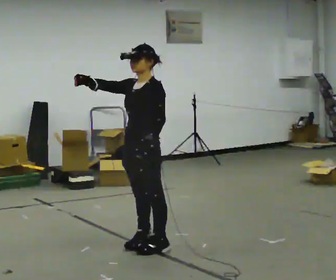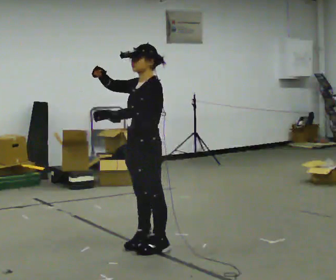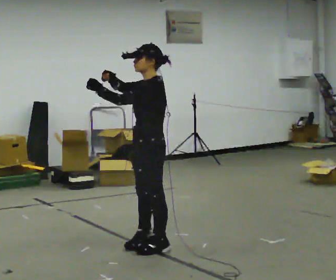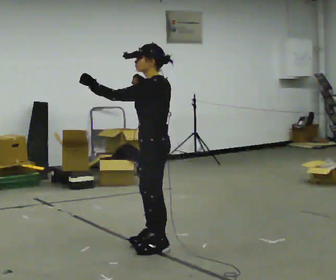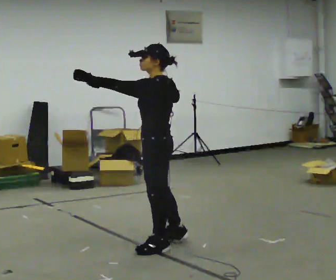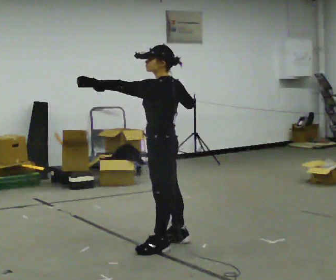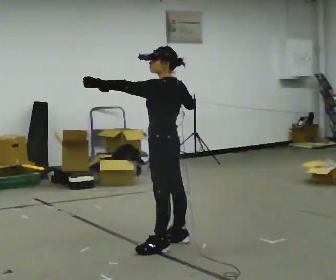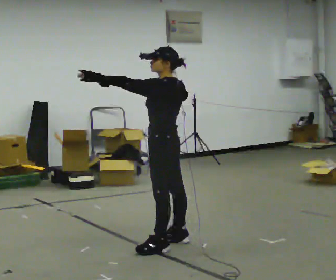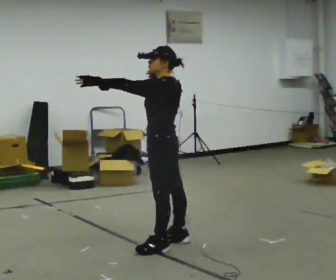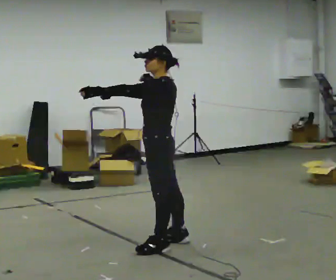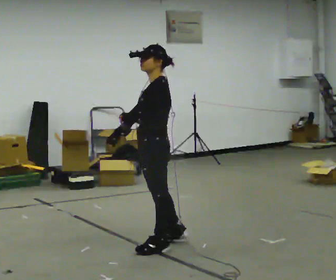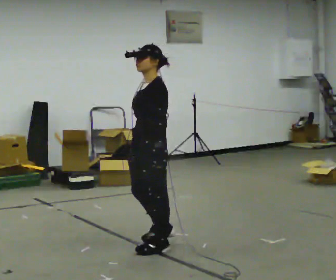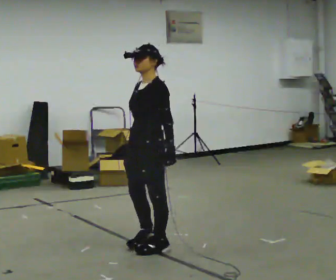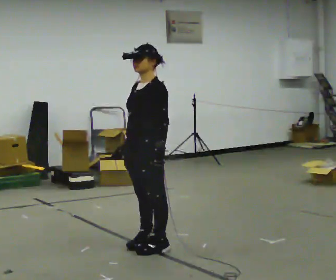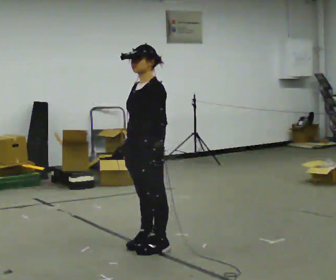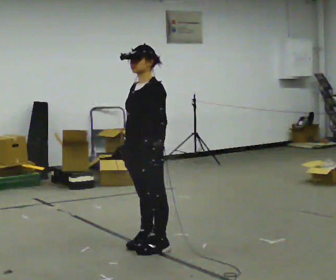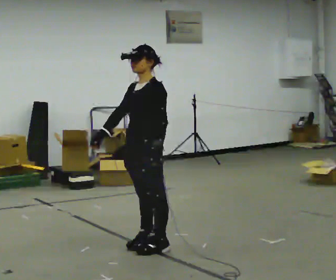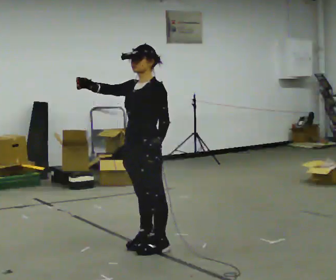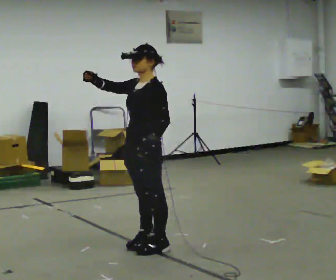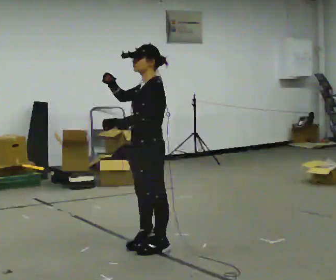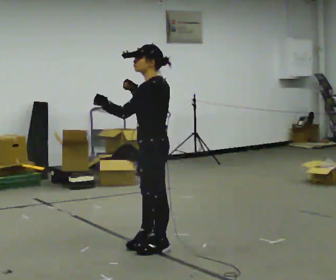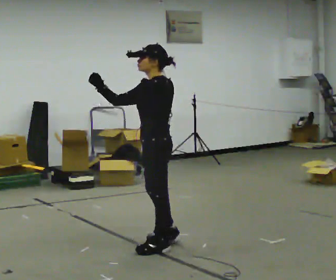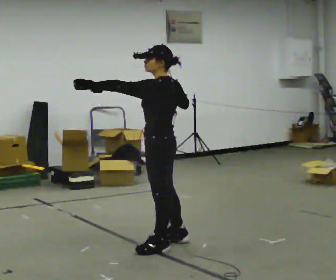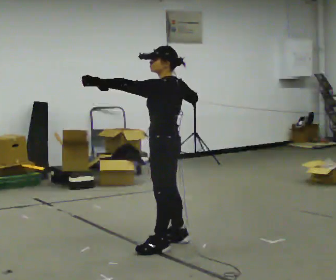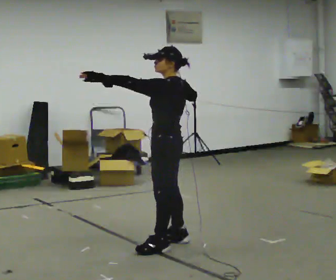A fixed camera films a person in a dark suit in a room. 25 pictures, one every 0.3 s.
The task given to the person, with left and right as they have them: Mime drawing a bow and releasing, with no bow: set your stance, draw back, hold, release. Repeat the movement at your own pace until the operator says stop; do not rush.
0.0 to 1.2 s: The part of the body nearest the lens slides to the left as the person turns to their right by about 45 degrees. In the picture their left hand goes upward and to the left.
1.2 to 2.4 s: The person moves a little, or ends about where they began.
2.4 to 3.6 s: Seen from above the body turns counterclockwise, about 60 degrees: to their left, with its near side sliding to the right. In the picture they go toward the camera, about 0.25 m in 1 step, which for them is to their left and forward. In the picture their left hand goes to the right and downward, the arm swinging counterclockwise.
3.6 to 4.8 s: The person moves a little, or ends about where they began.
4.8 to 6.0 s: The person turns about 45 degrees to their right, clockwise seen from above, so the part of the body nearest the lens slides to the left. In the picture their left hand goes to the left and upward, the arm swinging clockwise.
6.0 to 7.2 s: In the picture they go away from the camera, about 0.25 m in 1 step, which for them is to their right.
The film runs forward here.
